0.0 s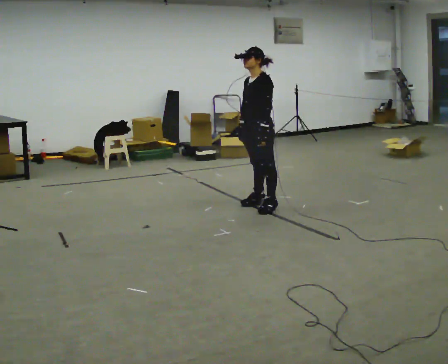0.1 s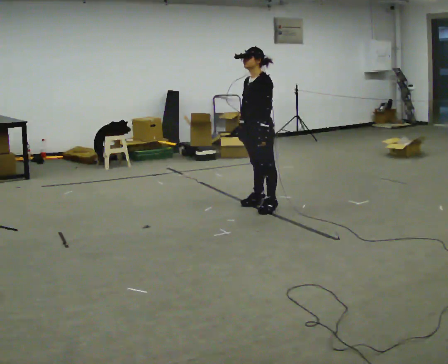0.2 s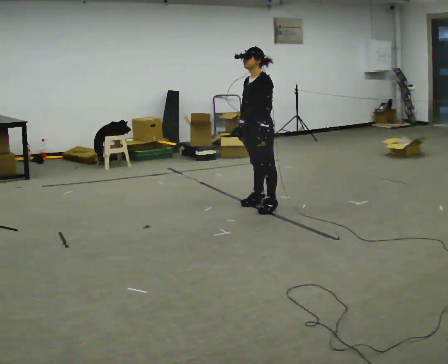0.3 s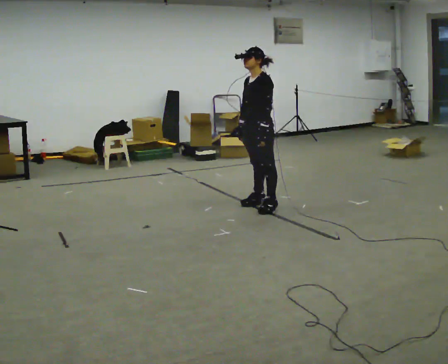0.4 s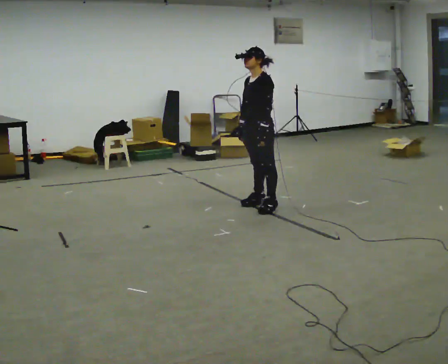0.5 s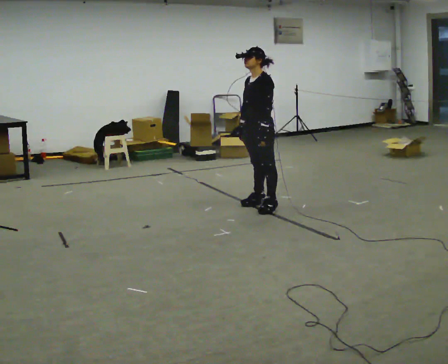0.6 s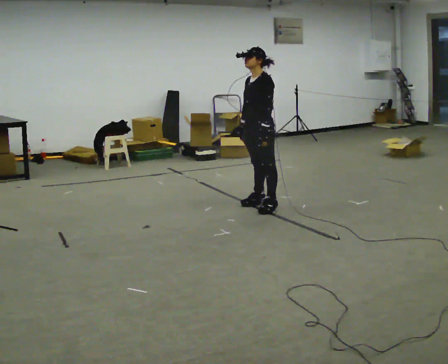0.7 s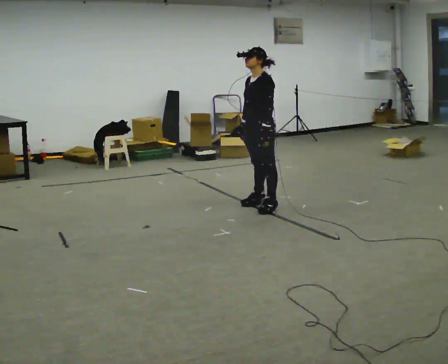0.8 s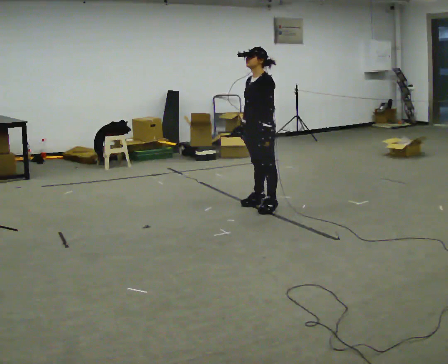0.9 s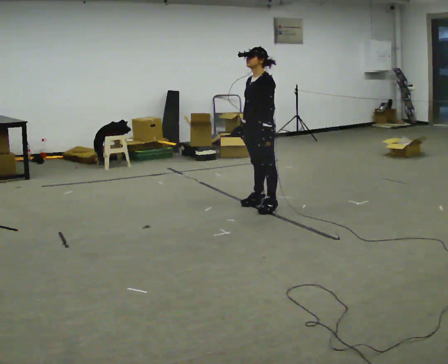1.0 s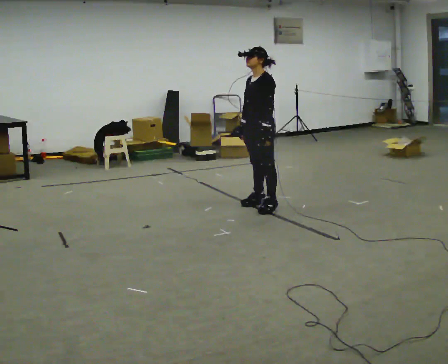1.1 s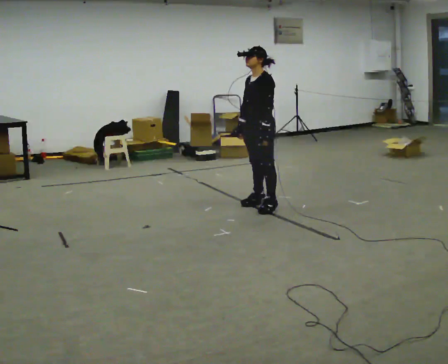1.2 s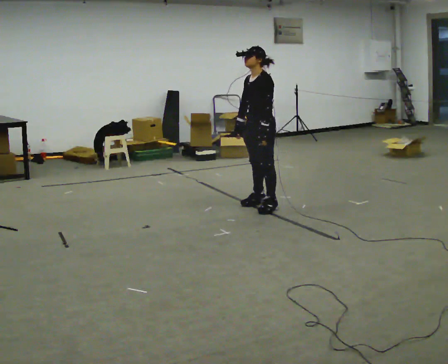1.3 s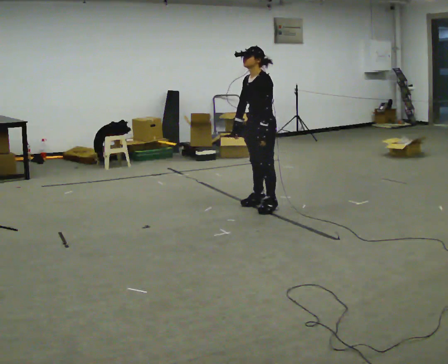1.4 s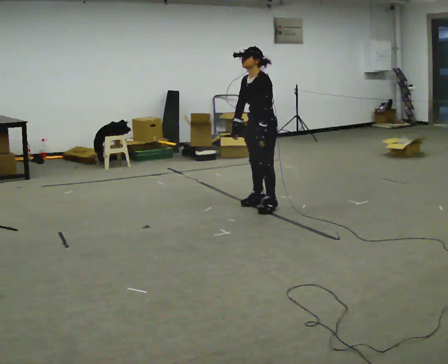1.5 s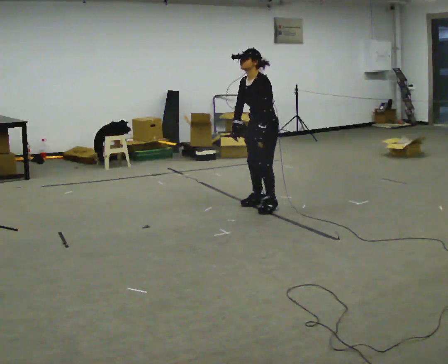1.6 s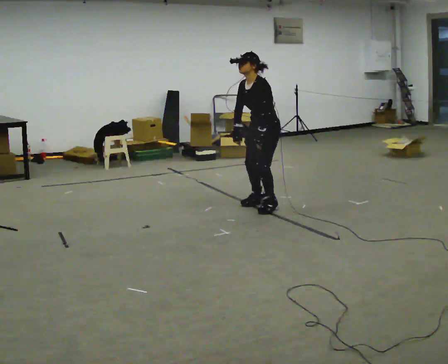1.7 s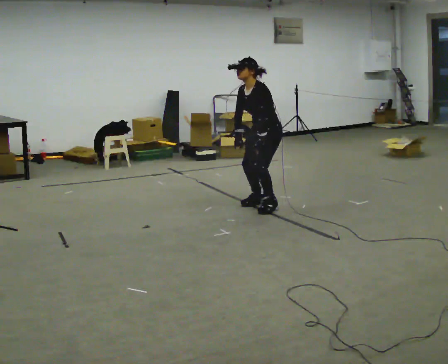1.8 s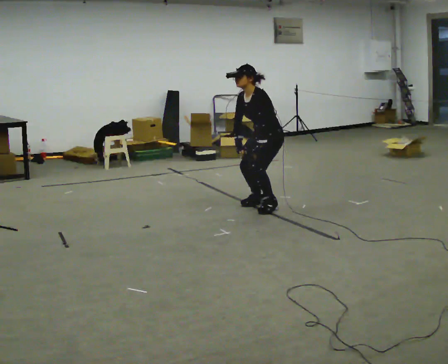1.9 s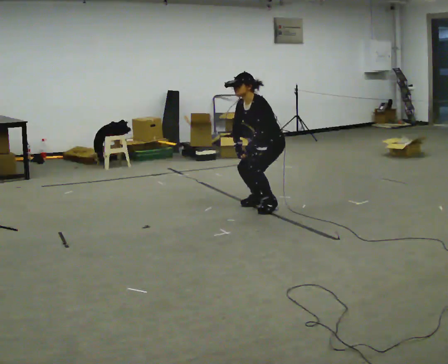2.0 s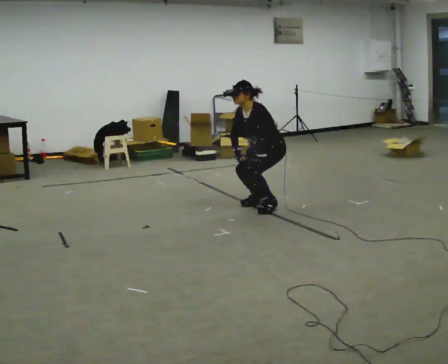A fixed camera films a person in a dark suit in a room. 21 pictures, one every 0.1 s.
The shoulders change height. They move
downward.
0.0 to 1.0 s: The person moves a little, or ends about where they began.
1.0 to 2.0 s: The shoulders move downward. In the picture the upper body tilts counterclockwise, shoulders to the left, as they bend forward.
The film runs backward here.
